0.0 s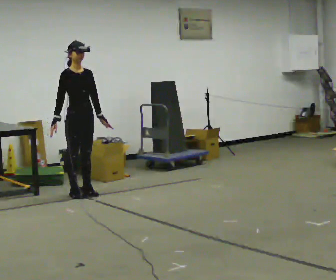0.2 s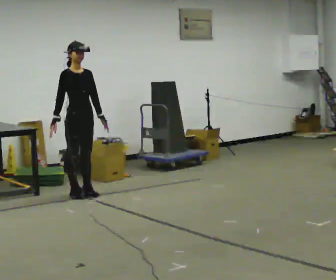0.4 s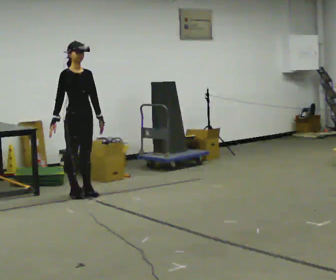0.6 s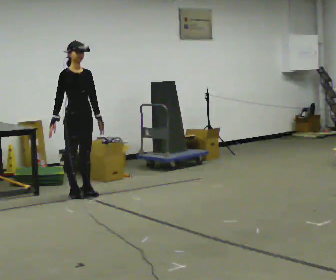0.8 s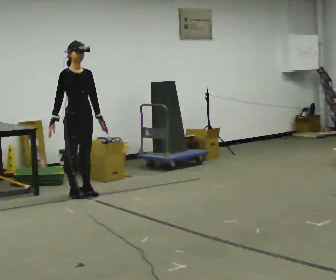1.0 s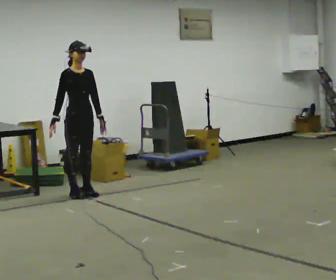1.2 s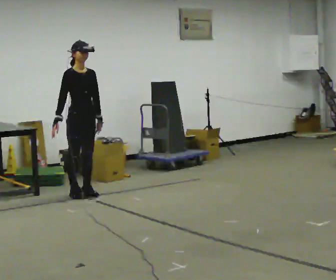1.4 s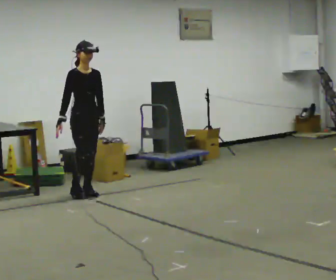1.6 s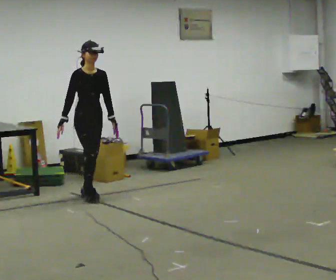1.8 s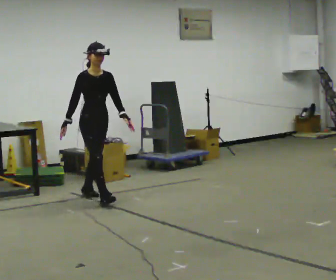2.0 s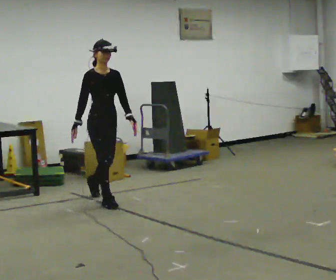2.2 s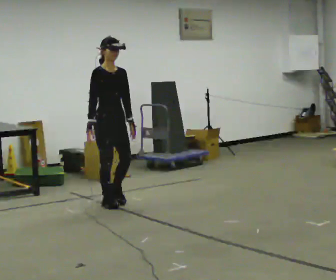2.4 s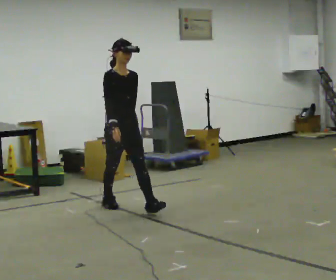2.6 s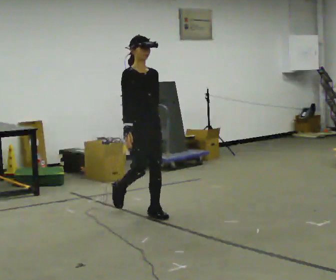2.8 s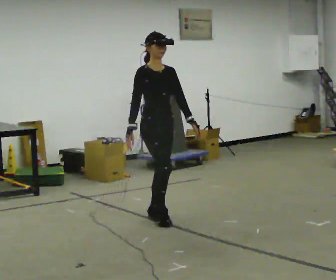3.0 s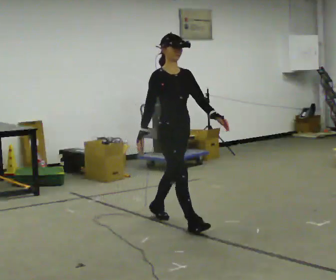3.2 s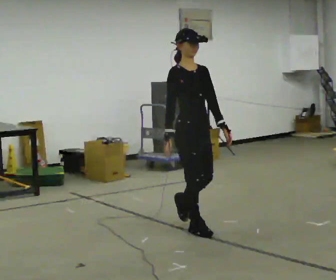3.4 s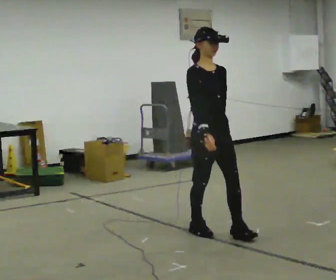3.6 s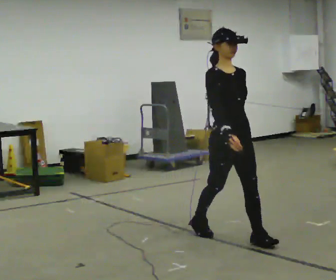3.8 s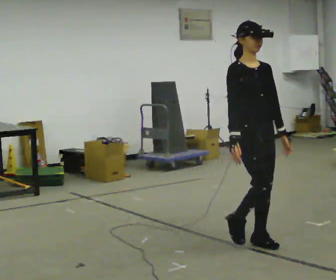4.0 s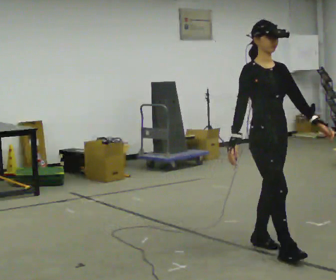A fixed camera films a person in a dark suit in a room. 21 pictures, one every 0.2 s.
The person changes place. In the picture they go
toward the camera.
0.0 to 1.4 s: The person moves a little, or ends about where they began.
1.4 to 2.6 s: In the picture they go toward the camera and to the right, about 1 m in 2 steps, which for them is forward.
2.6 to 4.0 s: In the picture they go toward the camera and to the right, about 1.5 m in 2 steps, which for them is forward.
The film runs forward here.
